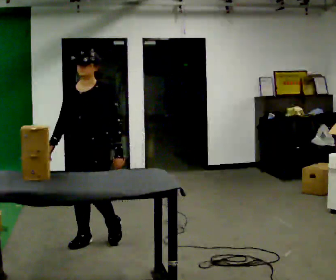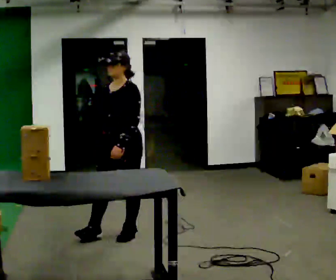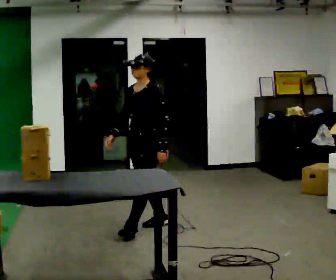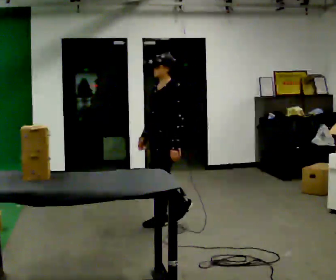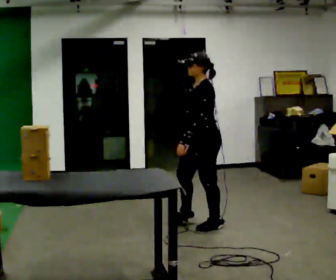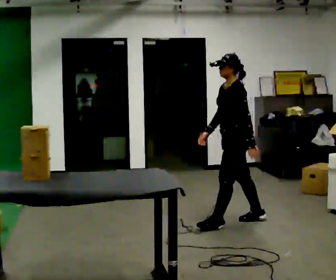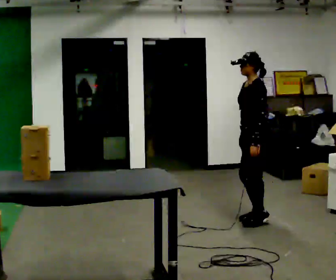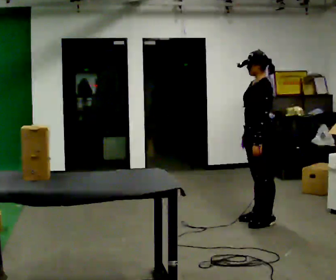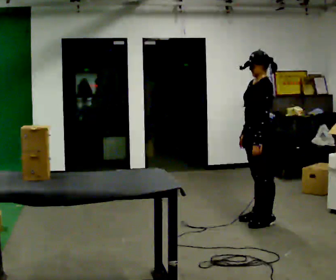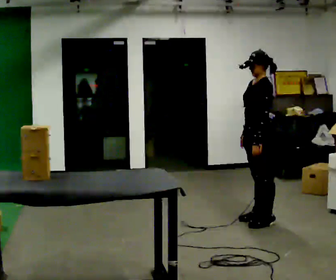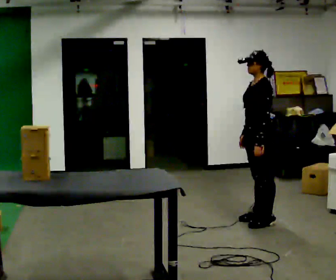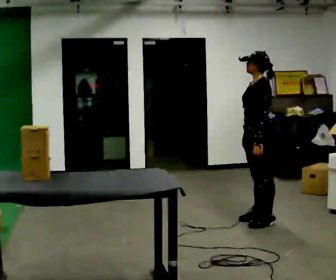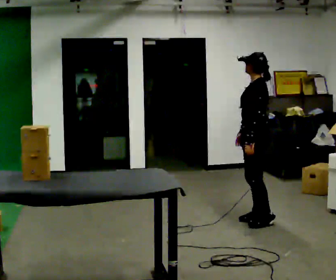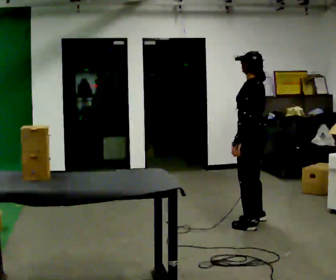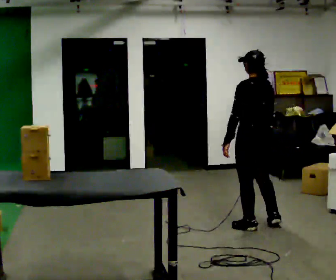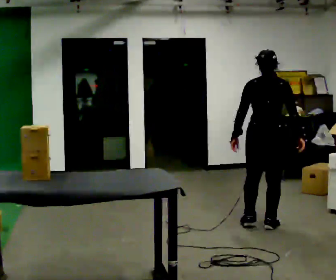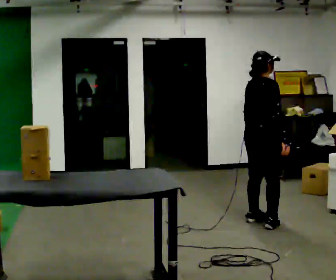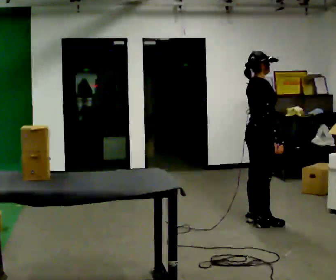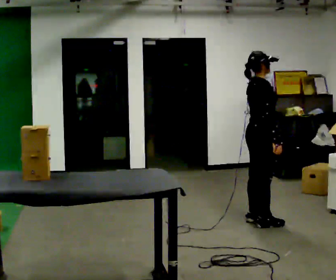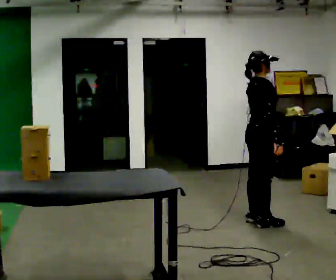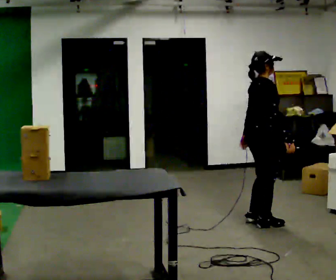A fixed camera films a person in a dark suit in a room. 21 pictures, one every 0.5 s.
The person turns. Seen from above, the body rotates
clockwise.
The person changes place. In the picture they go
to the right.
0.0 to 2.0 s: The part of the body nearest the lens slides to the left as the person turns to their right by about 60 degrees. In the picture they go to the right and away from the camera, about 1 m in 3 steps.
2.0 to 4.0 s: In the picture they go to the right, about 0.5 m in 1 step, which for them is backward.
4.0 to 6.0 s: The person moves a little, or ends about where they began.
6.0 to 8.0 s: Seen from above the body turns clockwise, about 150 degrees: to their right, with its near side sliding to the left.
8.0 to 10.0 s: The person moves a little, or ends about where they began.
The film runs backward here.
